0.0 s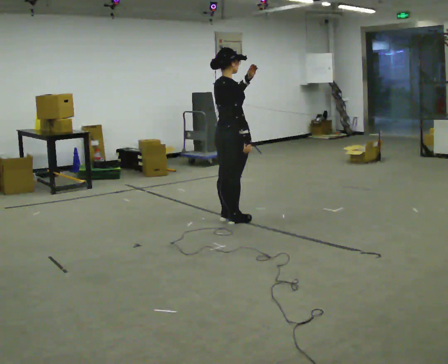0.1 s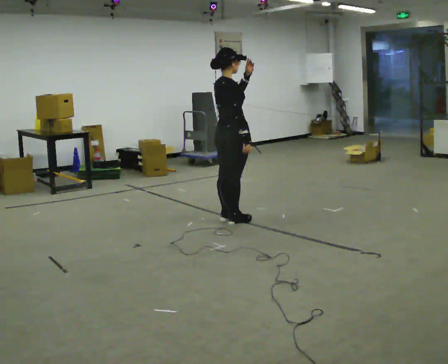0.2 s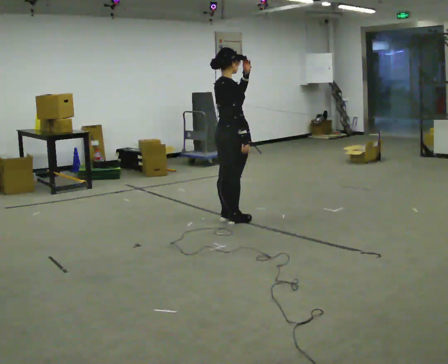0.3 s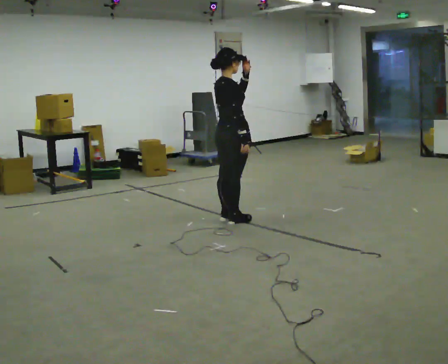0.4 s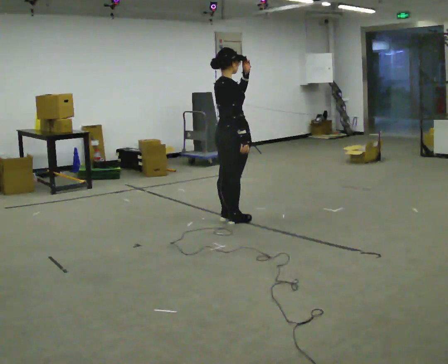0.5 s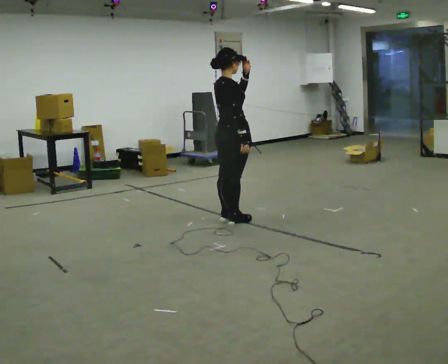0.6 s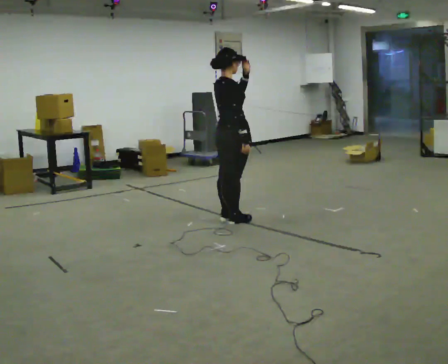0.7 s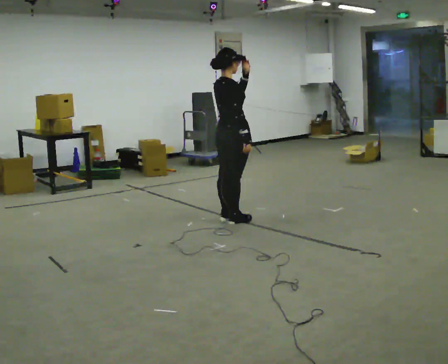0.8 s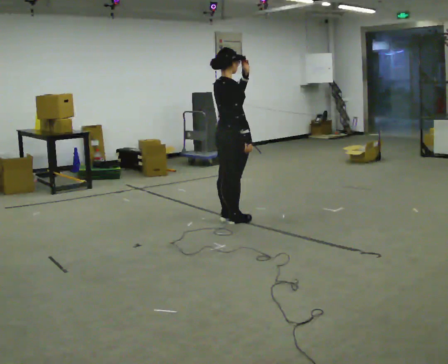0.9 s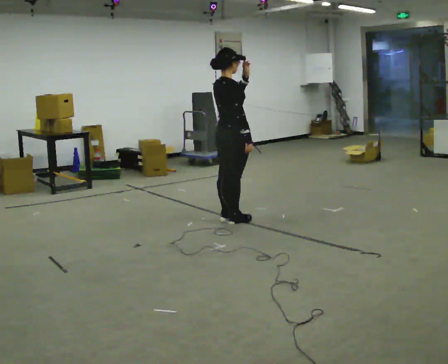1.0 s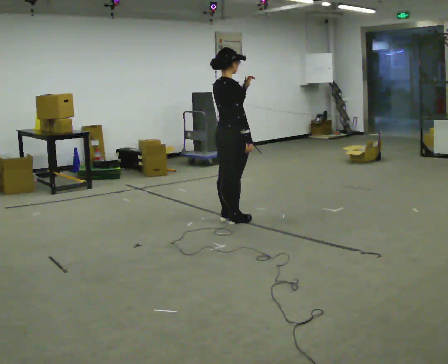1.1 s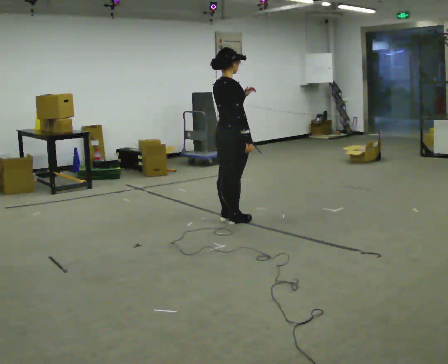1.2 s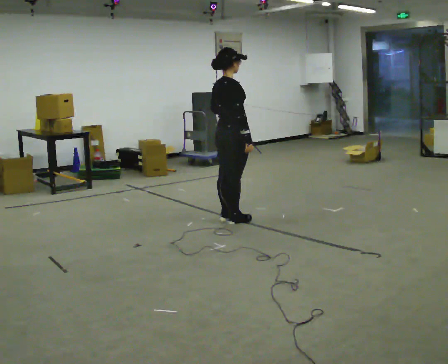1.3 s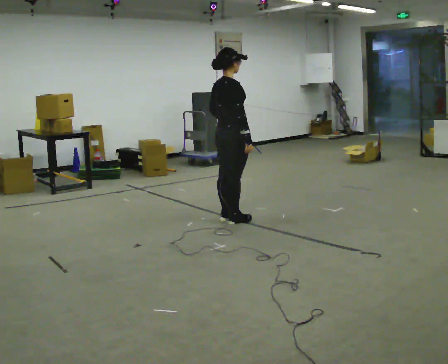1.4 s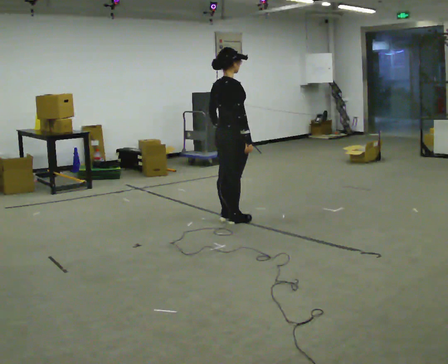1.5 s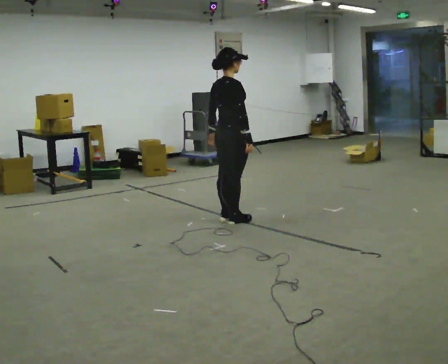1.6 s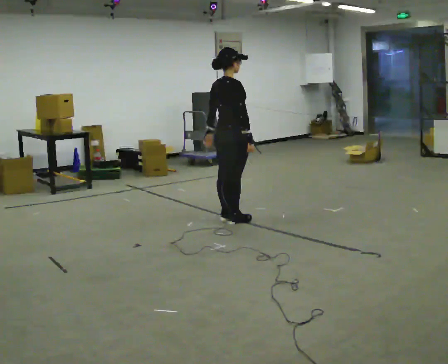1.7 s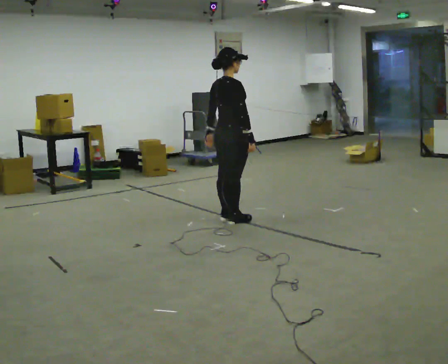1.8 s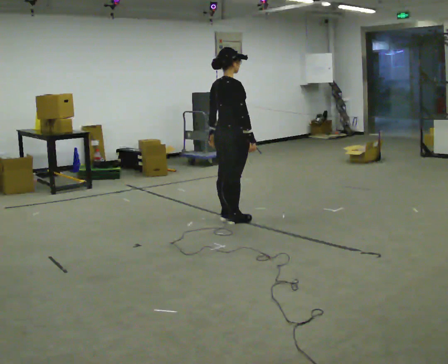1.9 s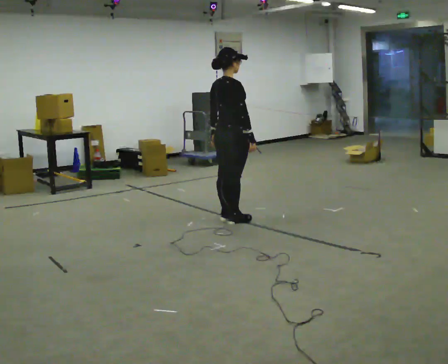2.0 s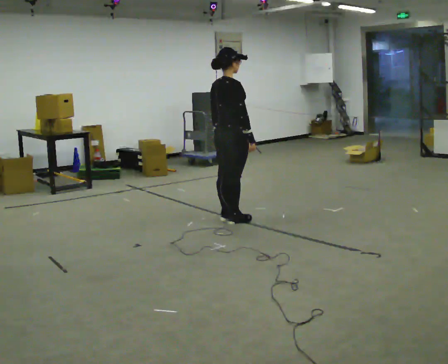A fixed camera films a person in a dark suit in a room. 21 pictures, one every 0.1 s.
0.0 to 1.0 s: The person moves a little, or ends about where they began.
1.0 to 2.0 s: In the picture their left hand goes downward.
The film runs forward here.
